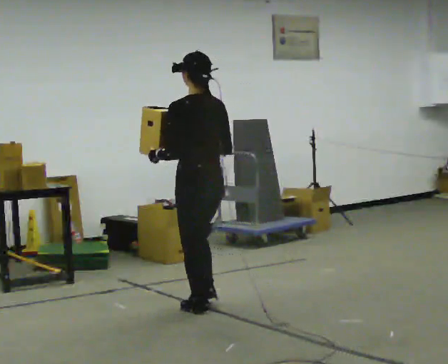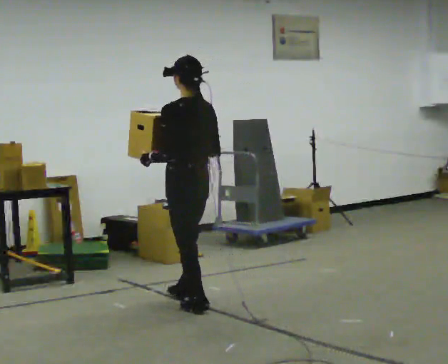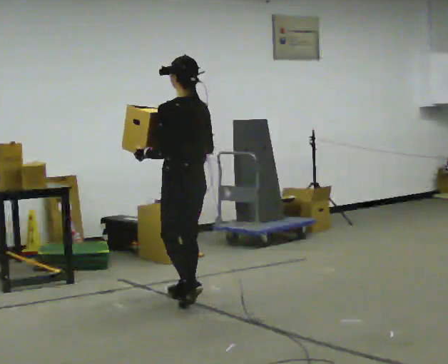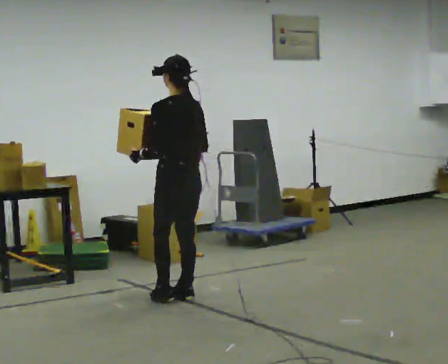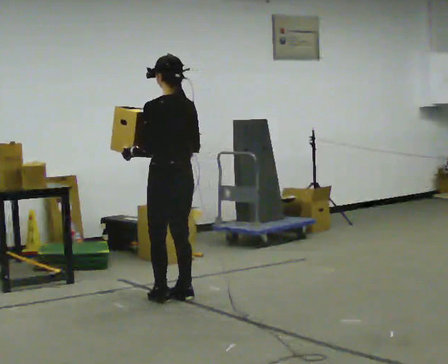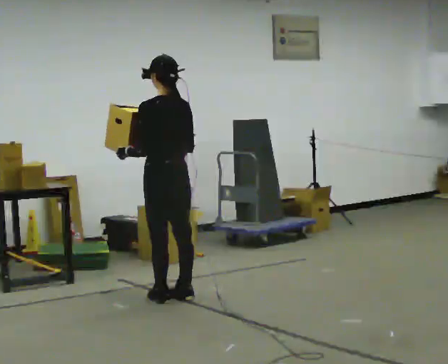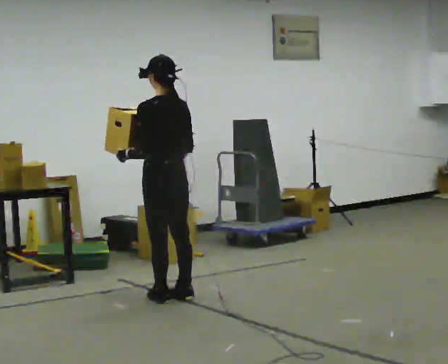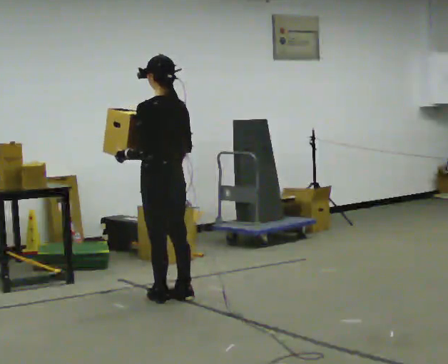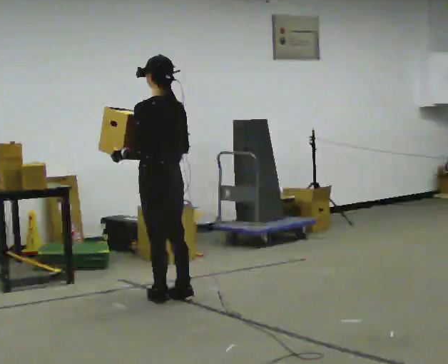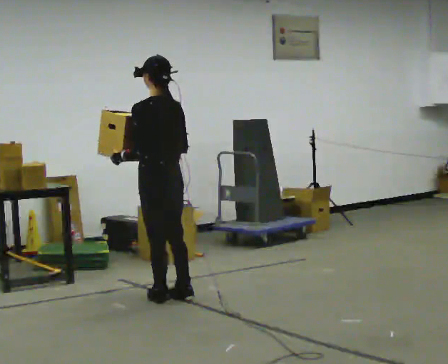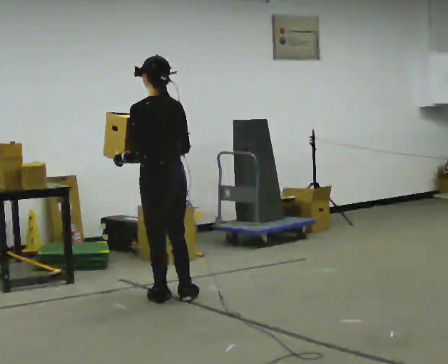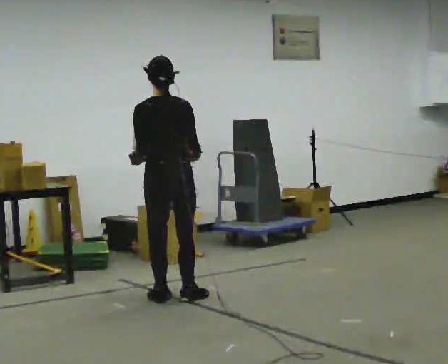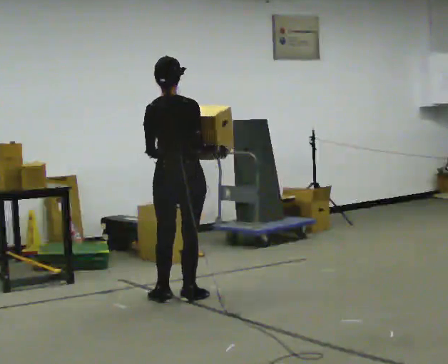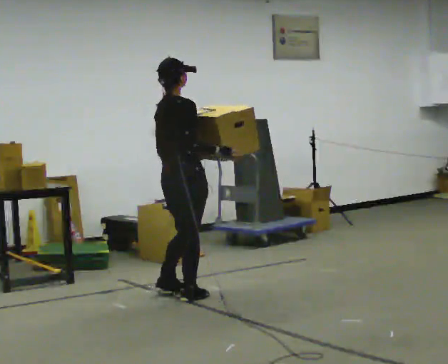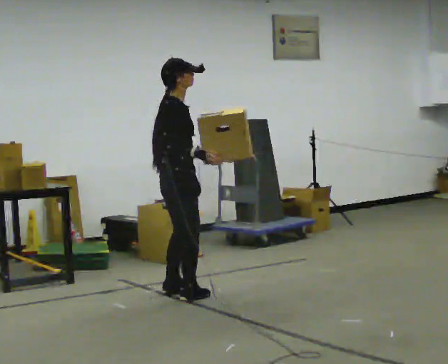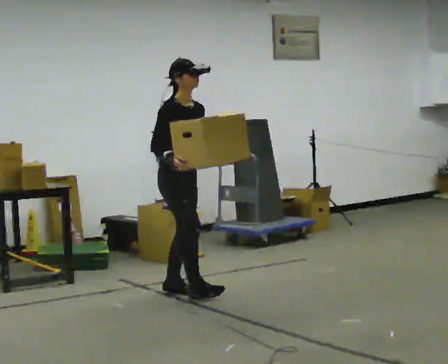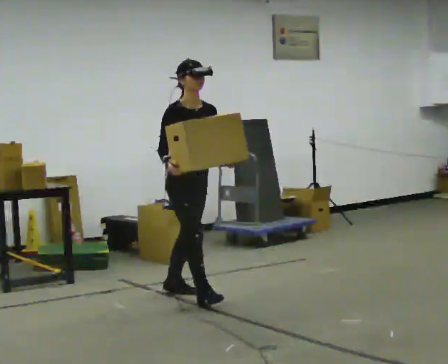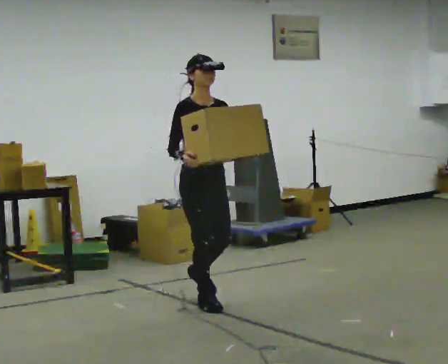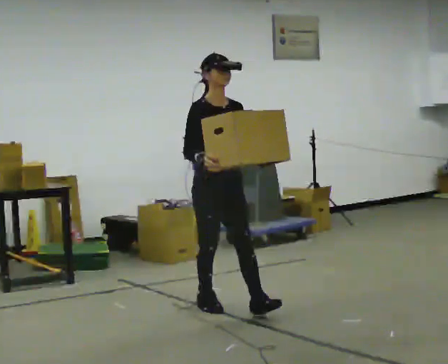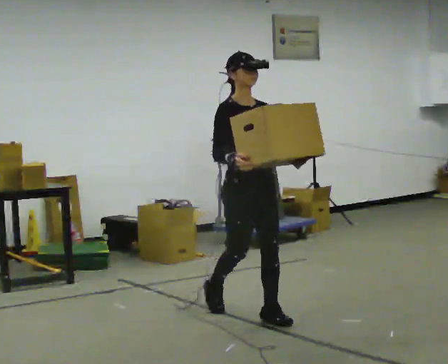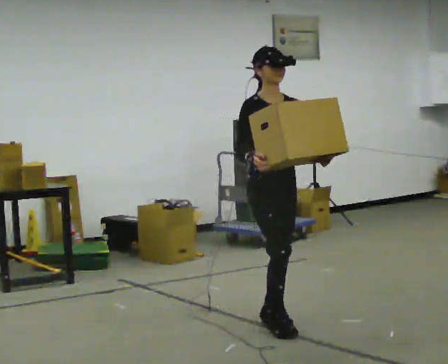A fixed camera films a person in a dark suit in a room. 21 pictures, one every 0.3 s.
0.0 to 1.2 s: In the picture they go away from the camera and to the left, about 0.5 m in 2 steps, which for them is forward.
1.2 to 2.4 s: The person moves a little, or ends about where they began.
2.4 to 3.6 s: The person turns about 60 degrees to their right, clockwise seen from above, so the part of the body nearest the lens slides to the left.
3.6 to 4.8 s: The part of the body nearest the lens slides to the left as the person turns to their right by about 120 degrees. In the picture their right hand goes to the left, the arm swinging clockwise.
4.8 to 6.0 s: In the picture they go toward the camera and to the right, about 1 m in 1 step, which for them is forward.
The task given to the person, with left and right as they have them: Carry the box across the room, back and forth. The operator will swap between the box with handles and the one without.
The film runs forward here.
